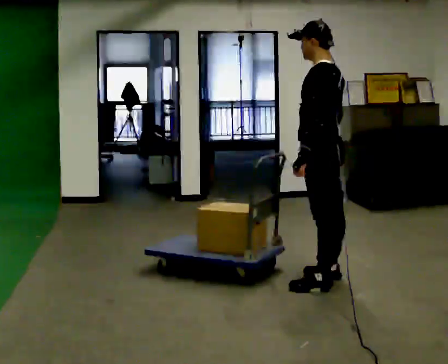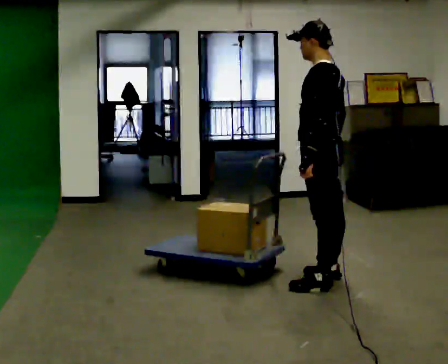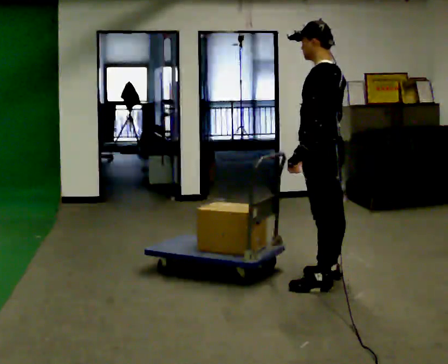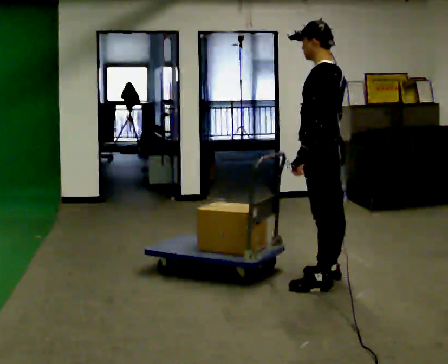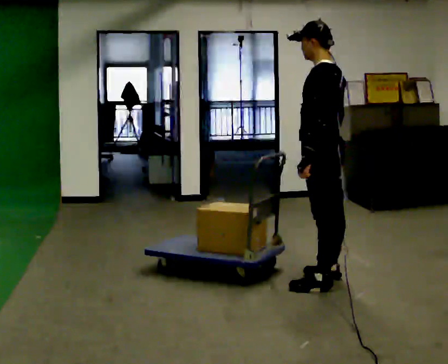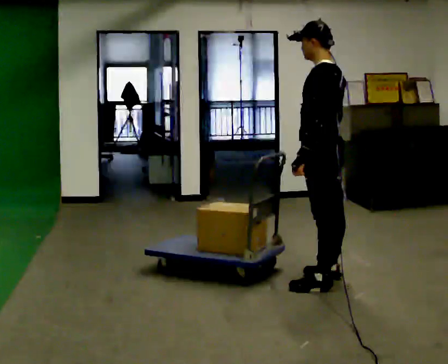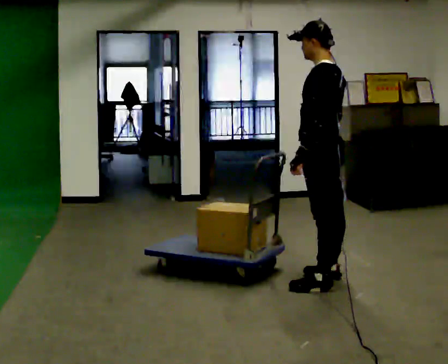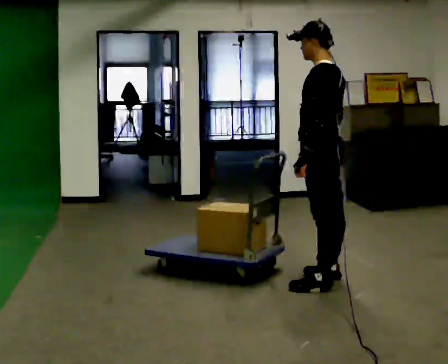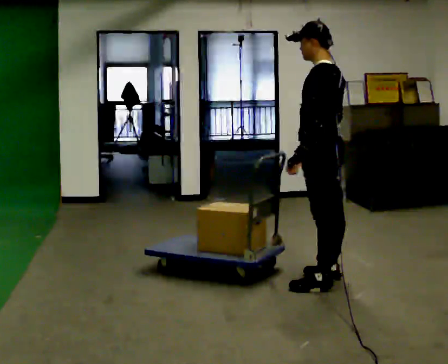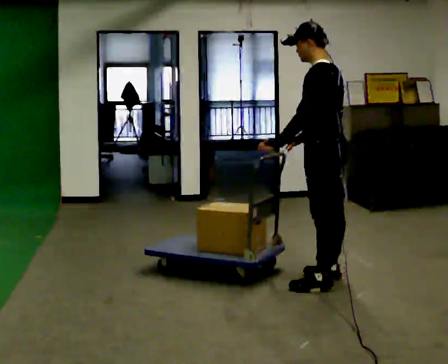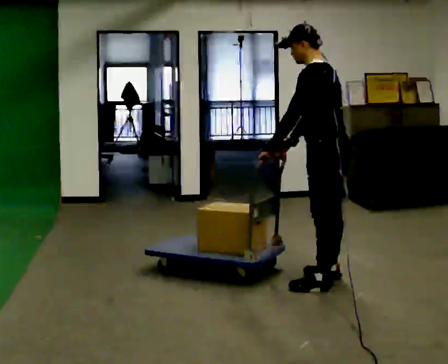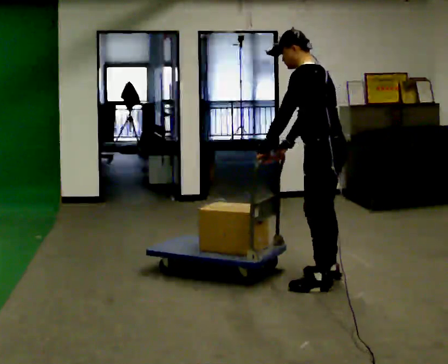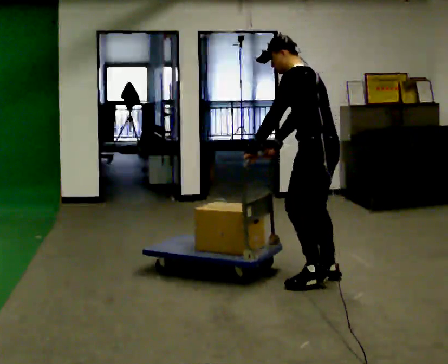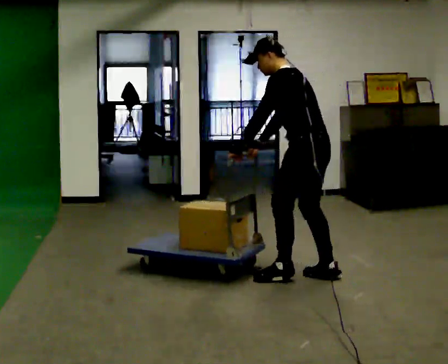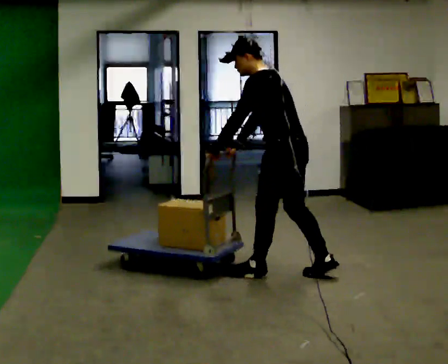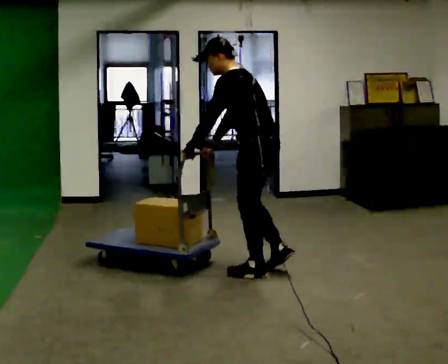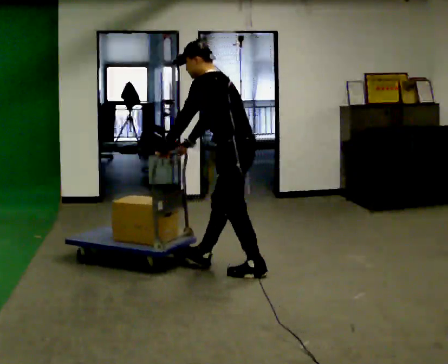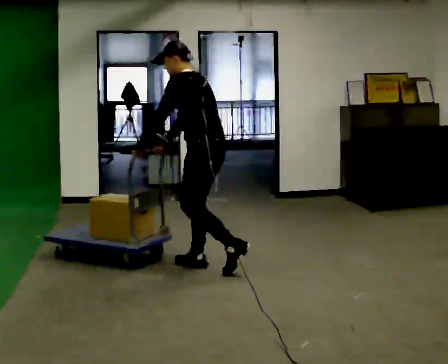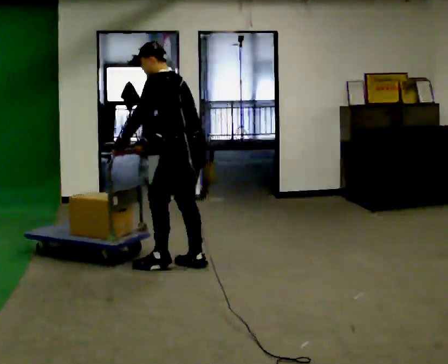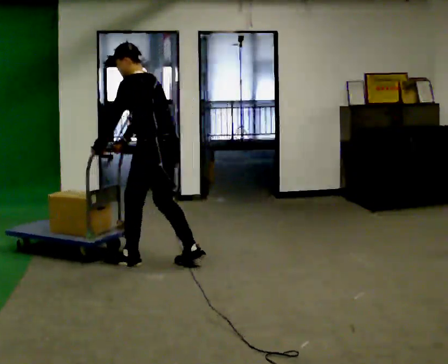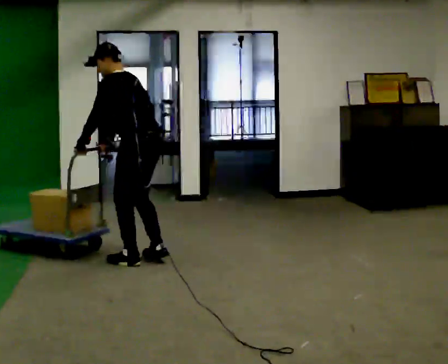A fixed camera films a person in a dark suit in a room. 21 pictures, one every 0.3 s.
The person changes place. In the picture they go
to the left.
0.0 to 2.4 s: The person moves a little, or ends about where they began.
2.4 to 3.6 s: In the picture the upper body tilts counterclockwise, shoulders to the left, as they bend forward. In the picture their right hand goes to the left.
3.6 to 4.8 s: In the picture they go to the left, about 0.5 m in 1 step, which for them is forward.
4.8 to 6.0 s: In the picture they go to the left, about 0.5 m in 2 steps, which for them is forward.
The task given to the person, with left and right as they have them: Push the loaded cart from one corner of the room to the other, turn it round, and push it back. Keep going until the operator says stop.
The film runs forward here.
